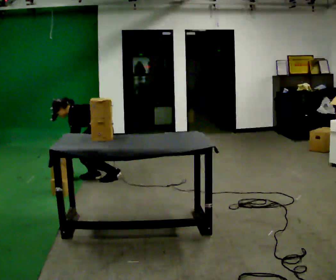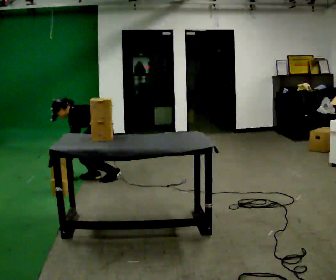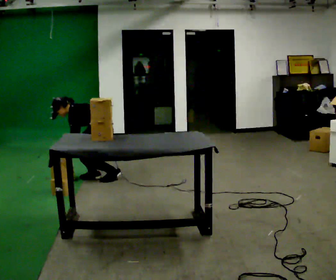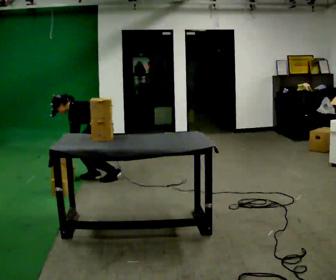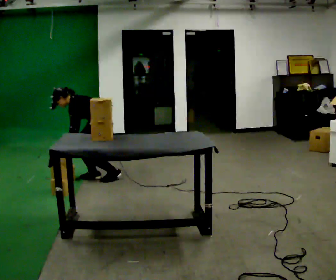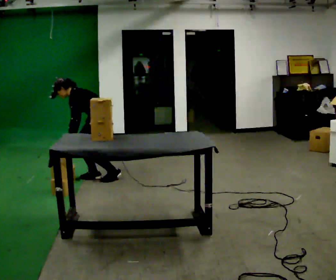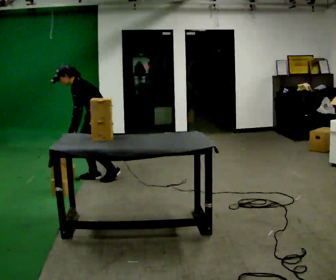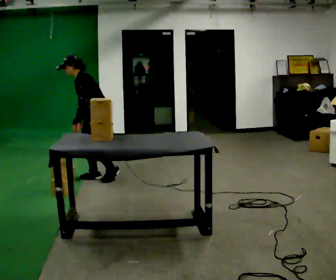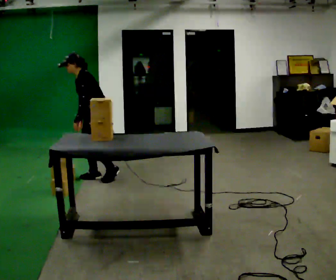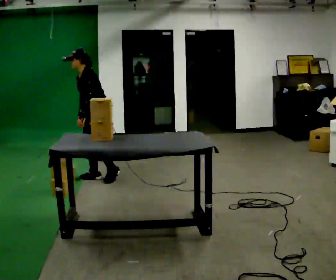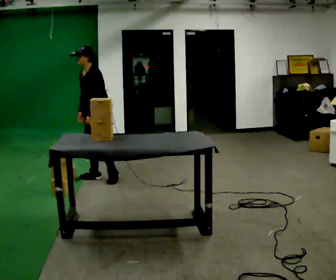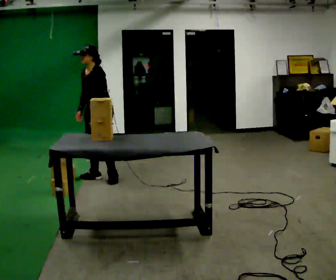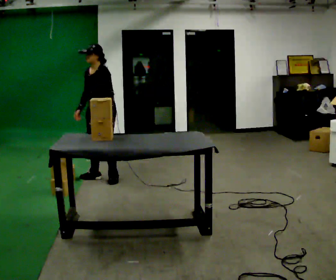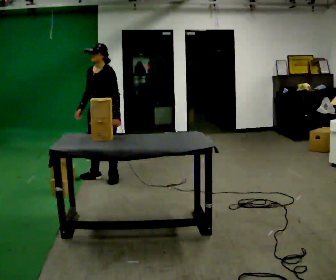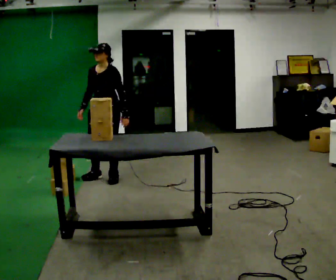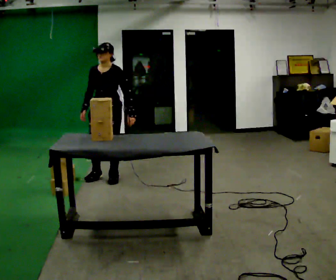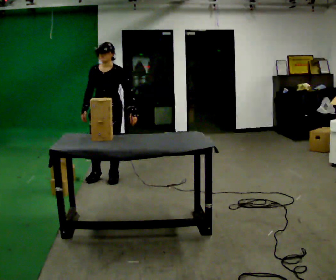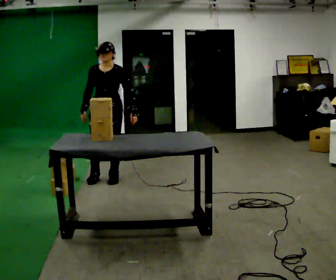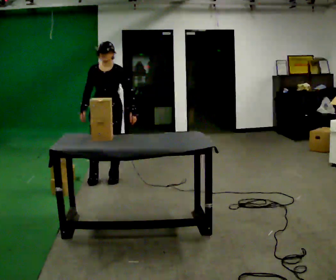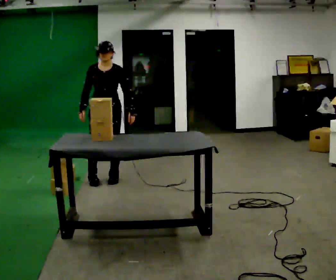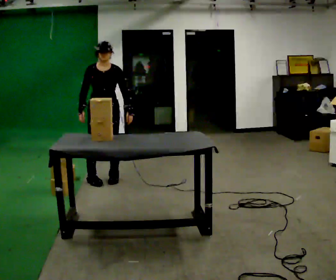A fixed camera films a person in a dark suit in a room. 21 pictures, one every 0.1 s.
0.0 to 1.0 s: Seen from above the body turns counterclockwise, about 30 degrees: to their left, with its near side sliding to the right. The upper body goes upward. In the picture the upper body tilts clockwise, shoulders to the right, as they lean back or straighten. In the picture their left hand goes upward and to the right.
1.0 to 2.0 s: The person turns about 60 degrees to their left, counterclockwise seen from above, so the part of the body nearest the lens slides to the right. In the picture their left hand goes to the right.
The film runs forward here.
